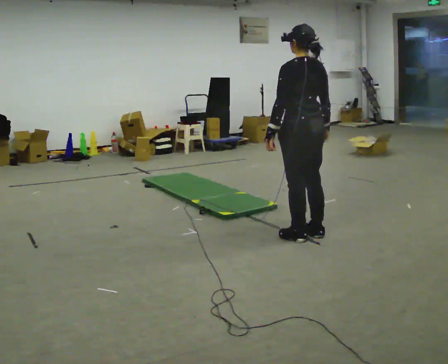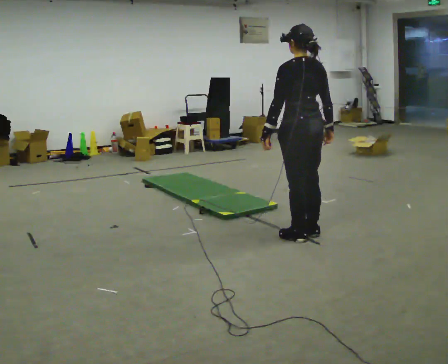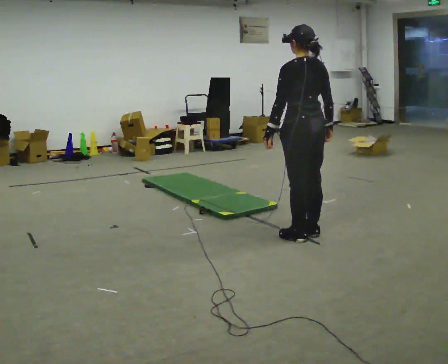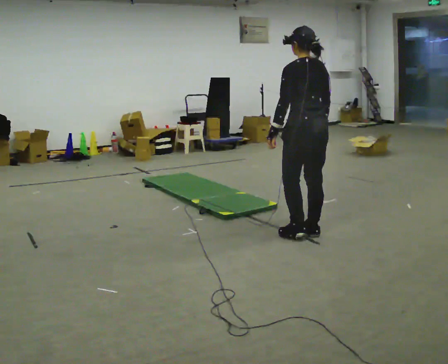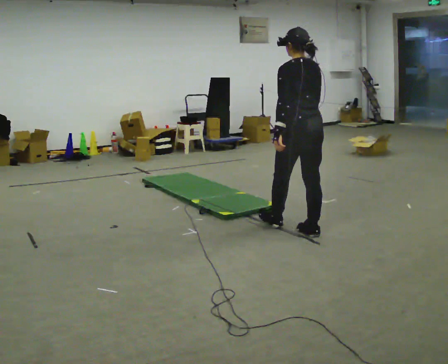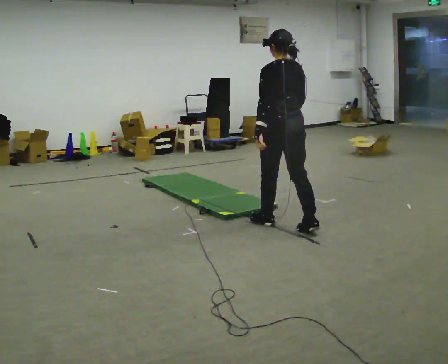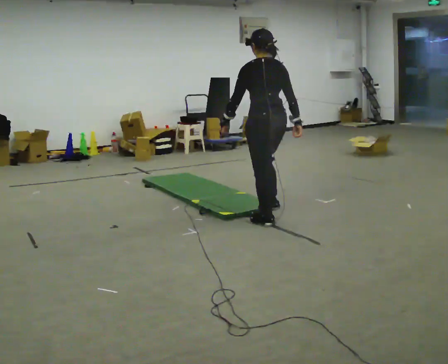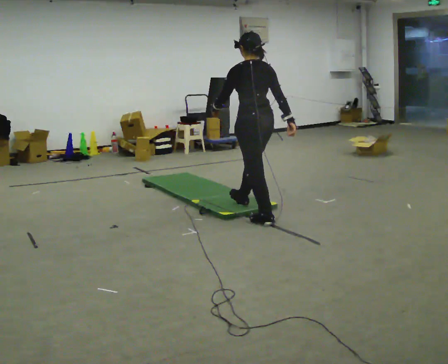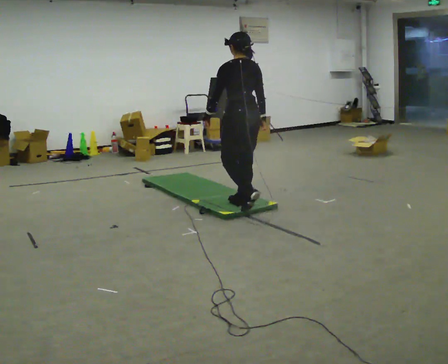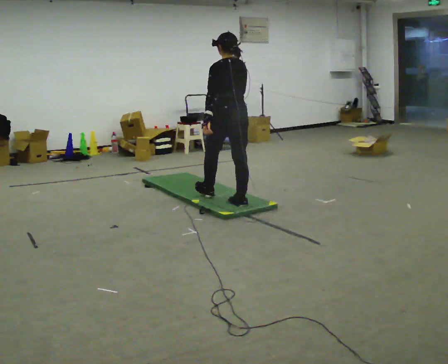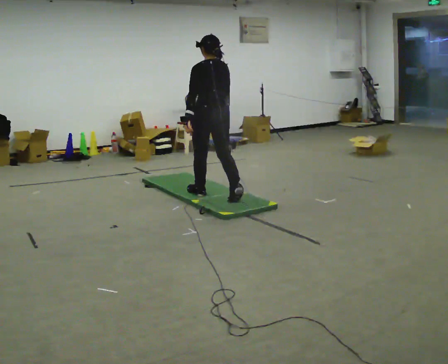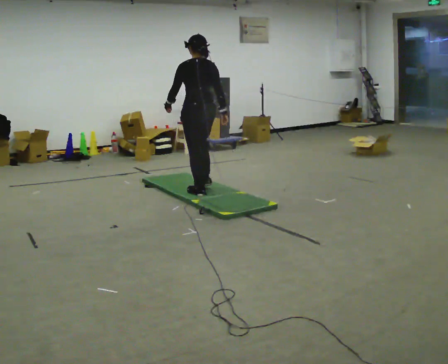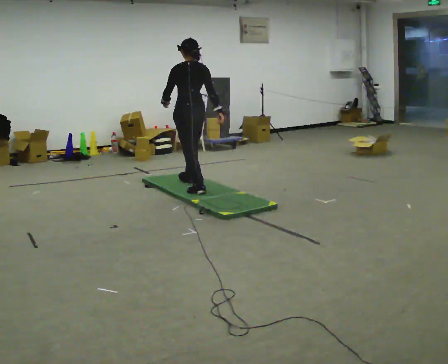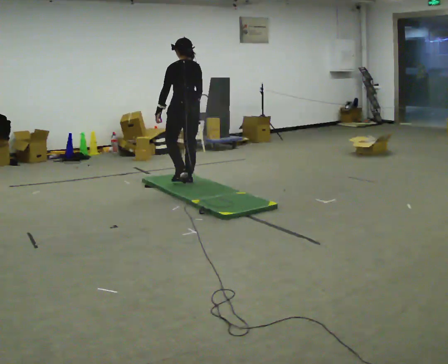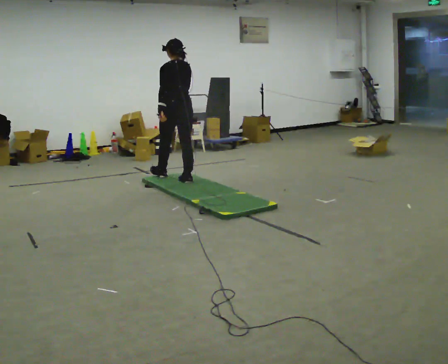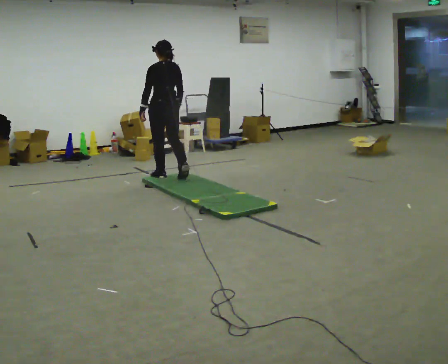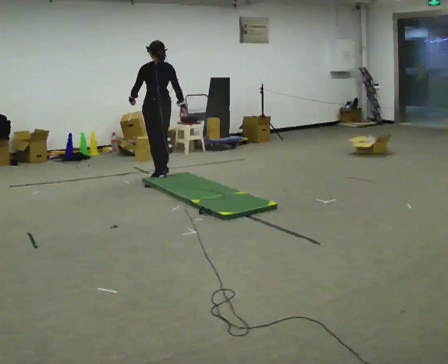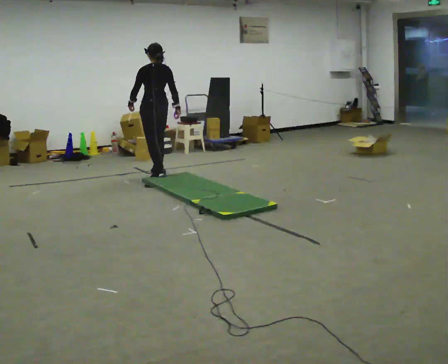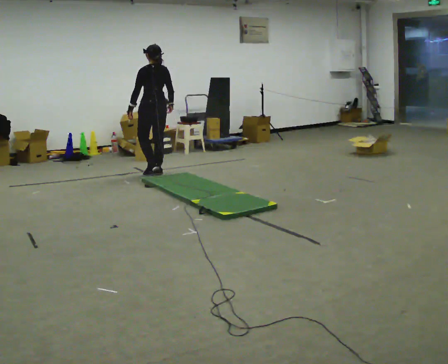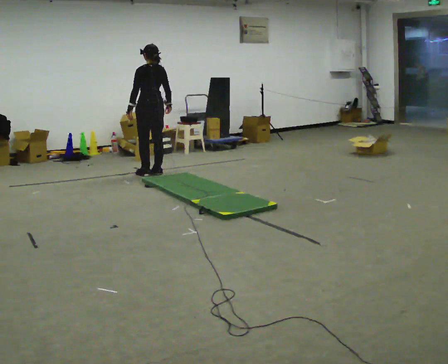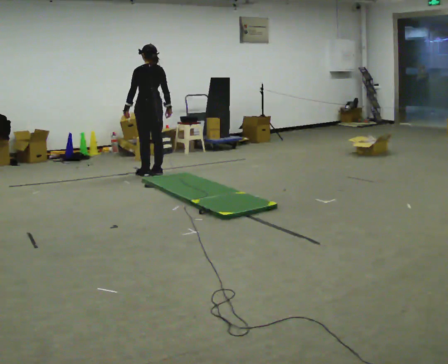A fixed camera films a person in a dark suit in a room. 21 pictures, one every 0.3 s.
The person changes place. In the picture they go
away from the camera.
0.0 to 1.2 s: In the picture they go away from the camera, about 0.25 m, which for them is forward.
1.2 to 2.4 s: In the picture they go away from the camera and to the left, about 1 m in 2 steps, which for them is forward.
2.4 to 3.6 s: In the picture they go away from the camera and to the left, about 1 m in 2 steps, which for them is forward.
3.6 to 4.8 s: In the picture they go away from the camera and to the left, about 0.5 m in 1 step, which for them is forward.
4.8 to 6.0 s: In the picture they go away from the camera, about 0.25 m in 2 steps, which for them is forward.
The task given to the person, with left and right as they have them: Walk across the soft uneven mat at a comfortable speed; continue walking normally after you leave it.
The film runs forward here.
